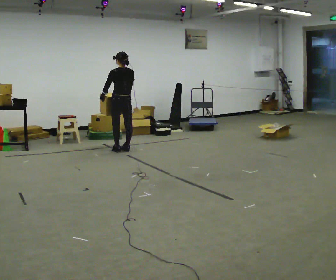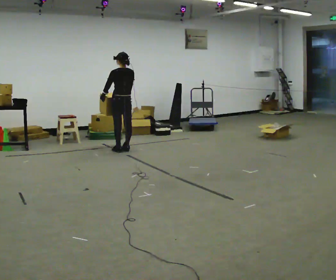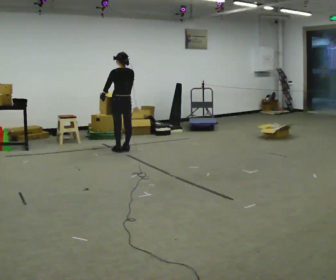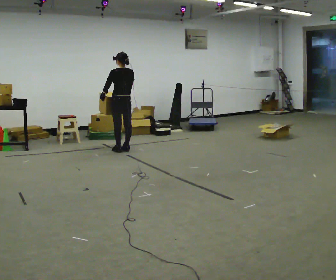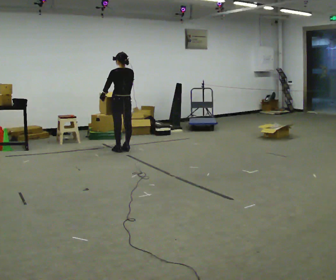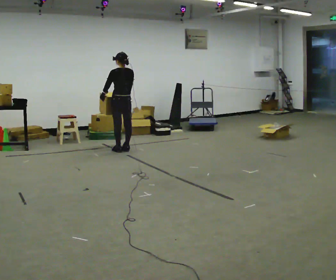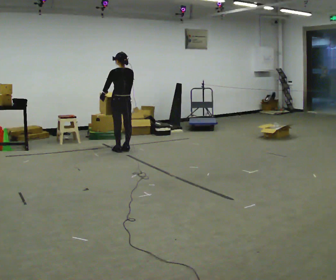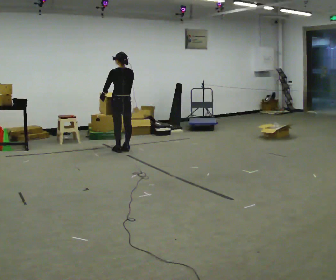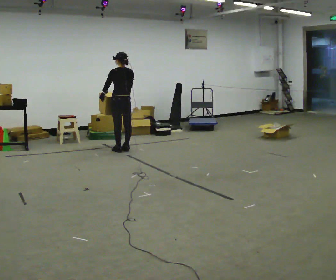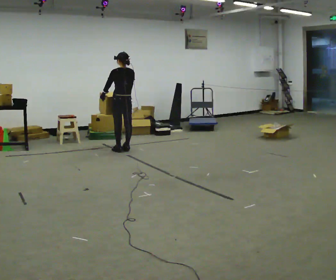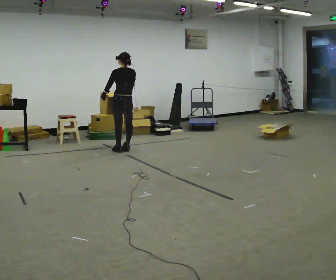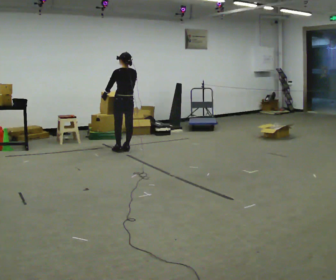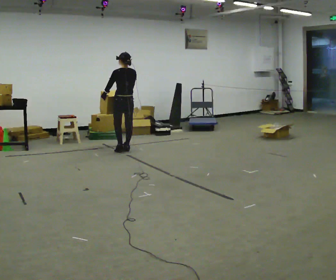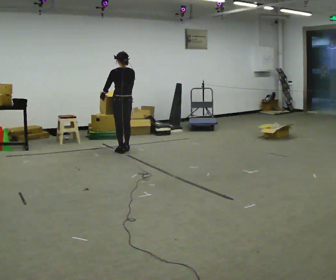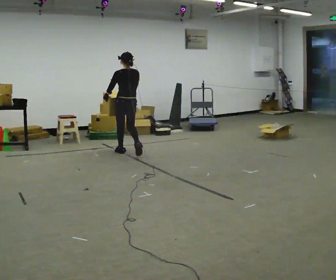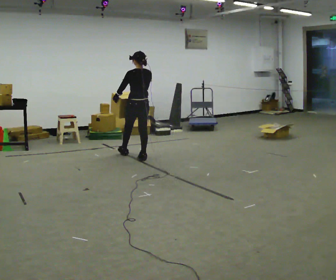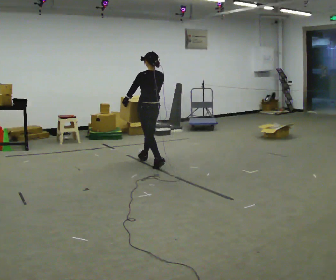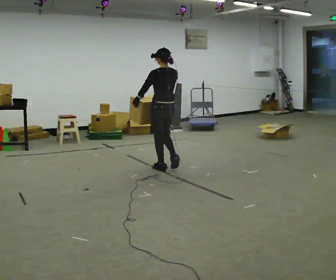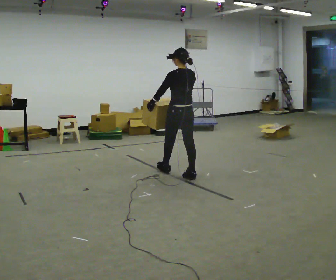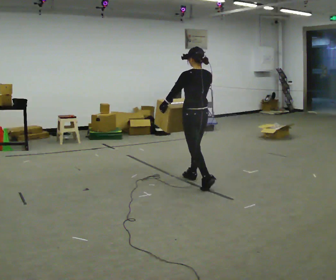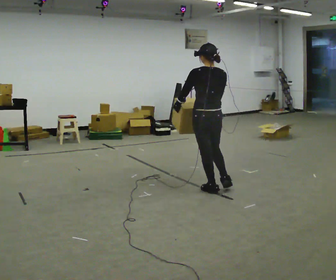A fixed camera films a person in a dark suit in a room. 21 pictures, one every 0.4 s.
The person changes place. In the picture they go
toward the camera.
0.0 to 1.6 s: The person moves a little, or ends about where they began.
1.6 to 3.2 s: The person keeps their place and pose.
3.2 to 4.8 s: The person moves a little, or ends about where they began.
4.8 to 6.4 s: In the picture they go toward the camera and to the right, about 1 m in 2 steps, which for them is backward.
6.4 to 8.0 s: In the picture they go toward the camera and to the right, about 1.5 m in 3 steps, which for them is backward.
The film runs backward here.
